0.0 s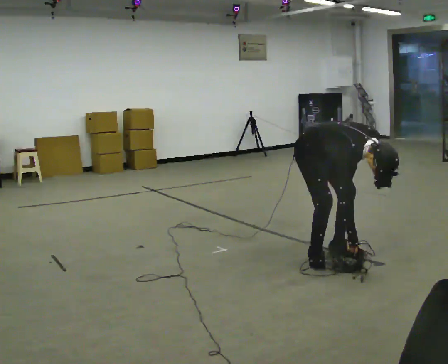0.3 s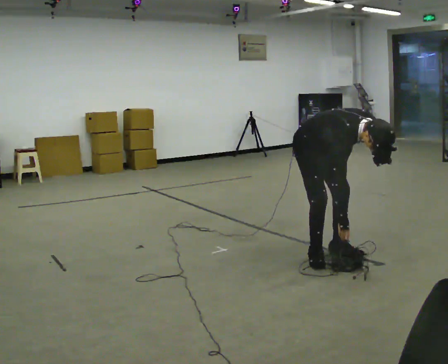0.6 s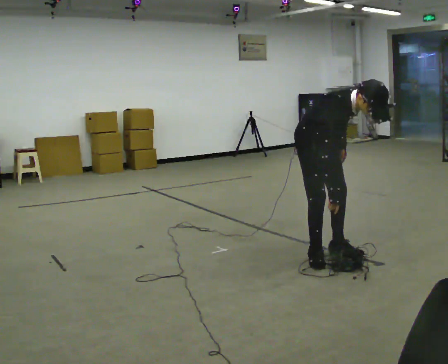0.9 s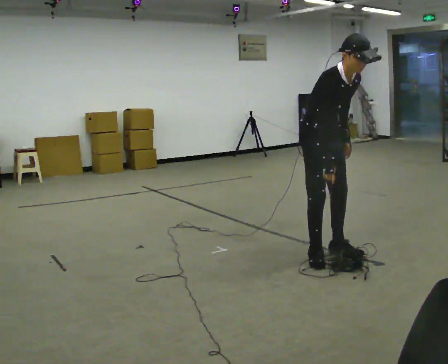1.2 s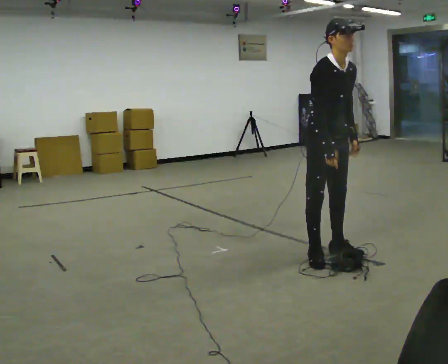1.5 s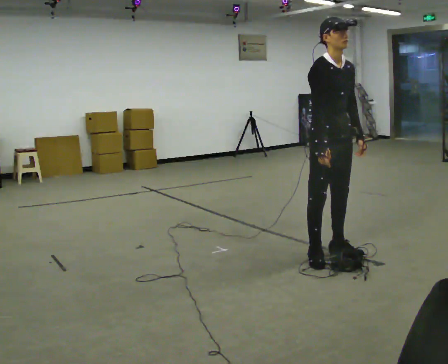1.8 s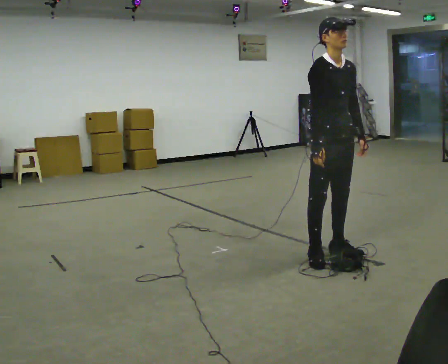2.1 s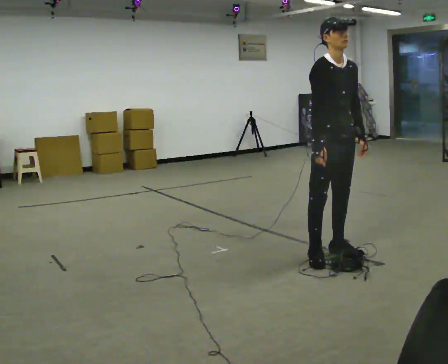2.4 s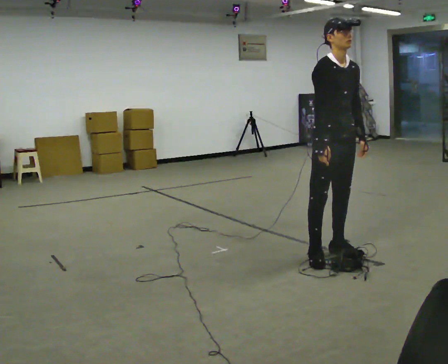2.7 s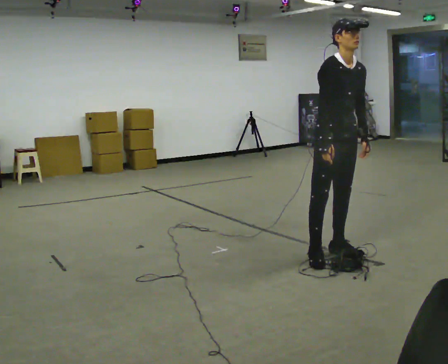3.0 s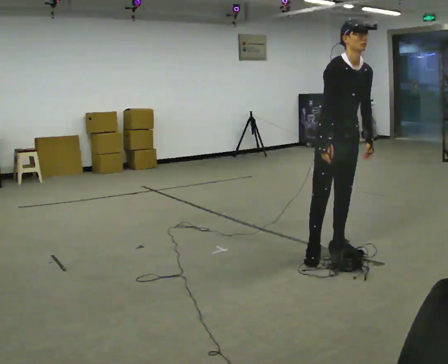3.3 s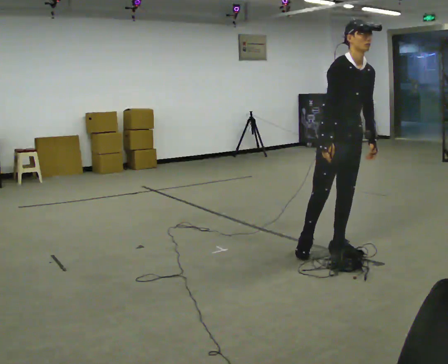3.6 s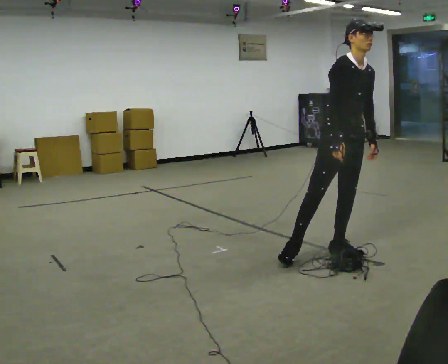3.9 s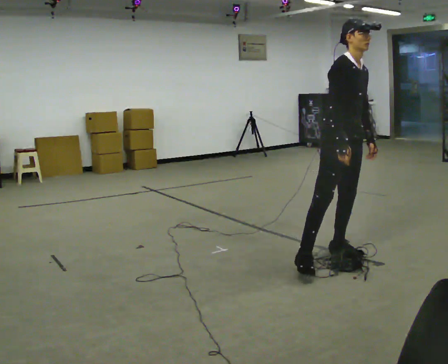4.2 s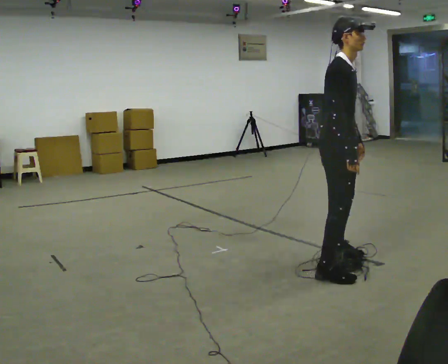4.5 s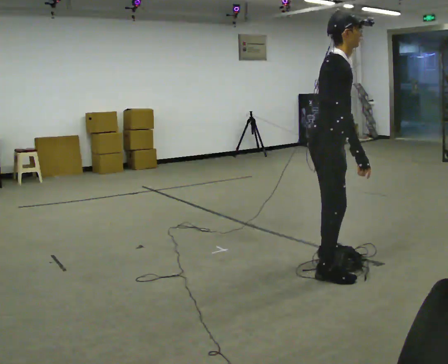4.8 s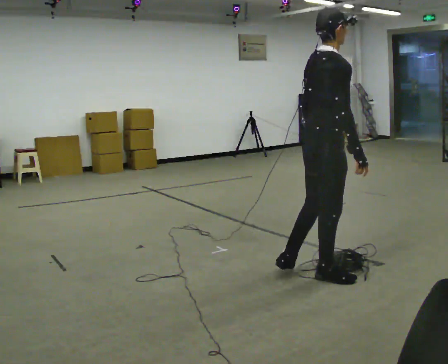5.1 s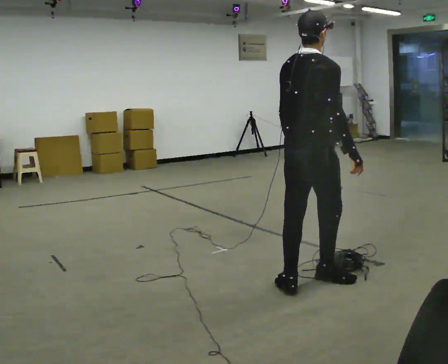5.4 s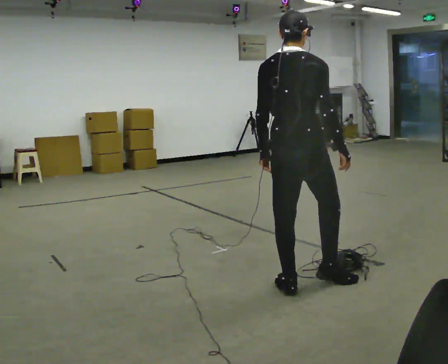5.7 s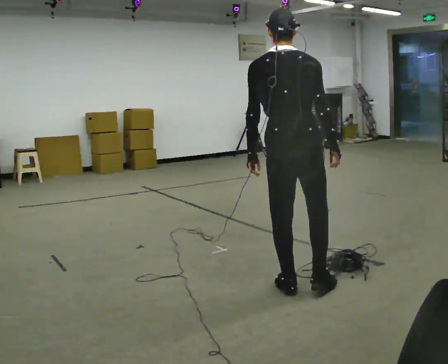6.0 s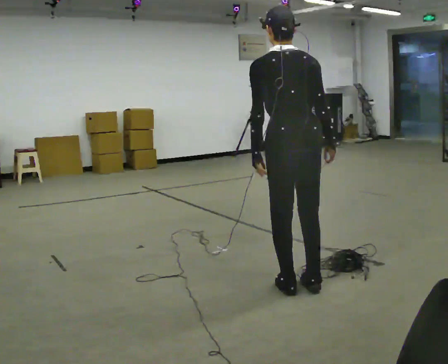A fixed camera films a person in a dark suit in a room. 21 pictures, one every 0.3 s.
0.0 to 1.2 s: The upper body goes upward. In the picture the upper body tilts counterclockwise, shoulders to the left, as they lean back or straighten.
1.2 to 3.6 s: The person moves a little, or ends about where they began.
3.6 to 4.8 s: Seen from above the body turns counterclockwise, about 75 degrees: to their left, with its near side sliding to the right. In the picture they go toward the camera, about 0.5 m in 1 step.
4.8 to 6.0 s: The part of the body nearest the lens slides to the right as the person turns to their left by about 75 degrees.
The film runs forward here.
